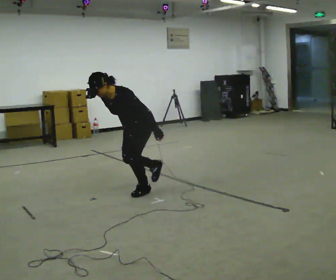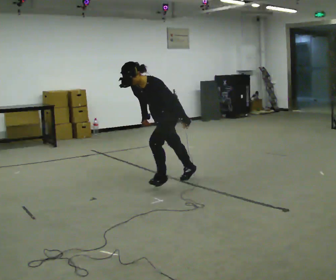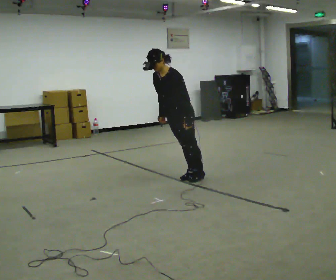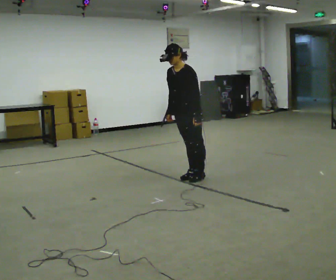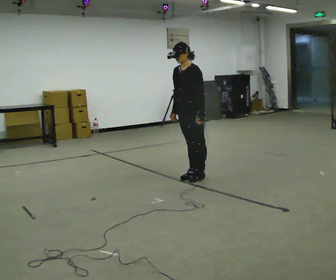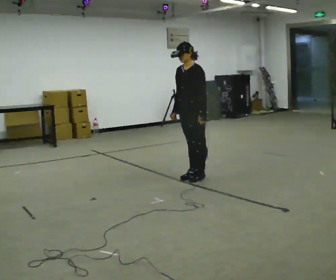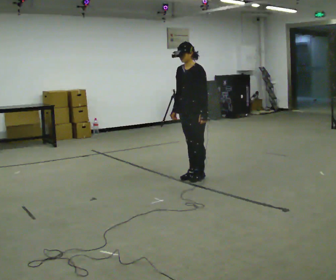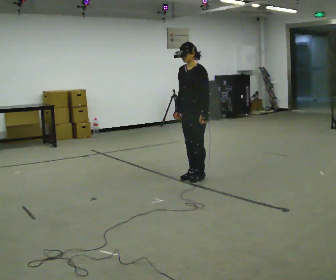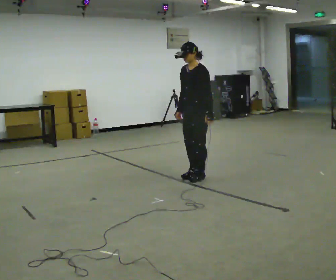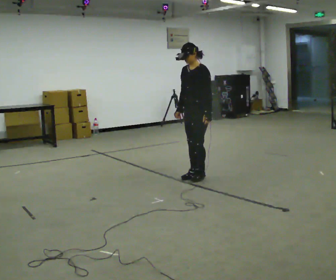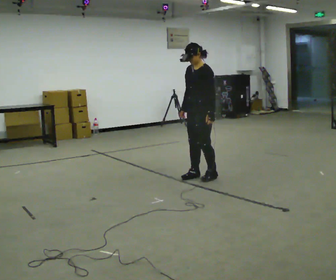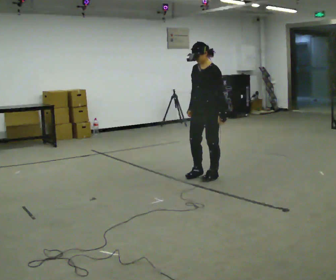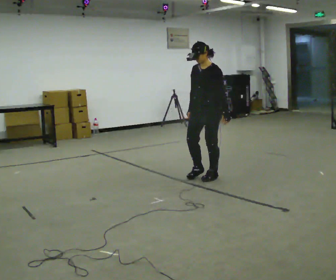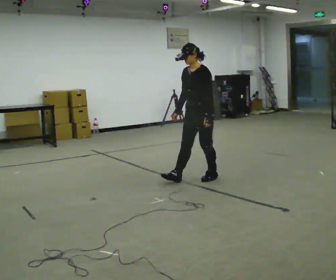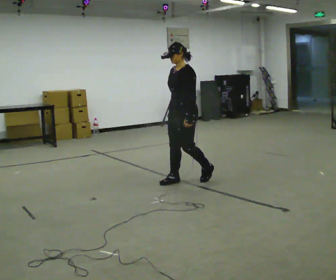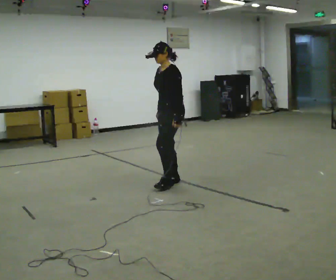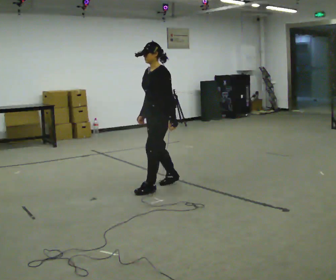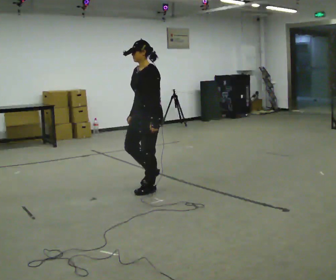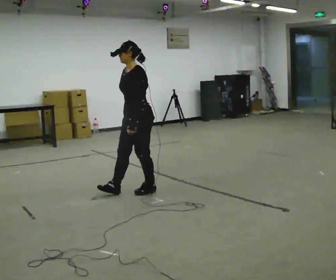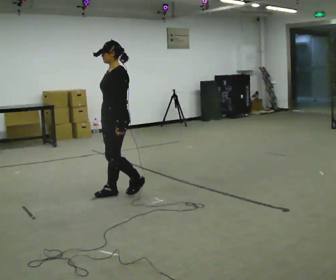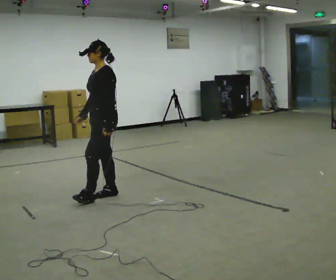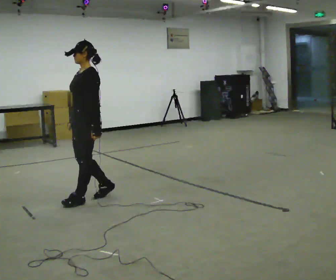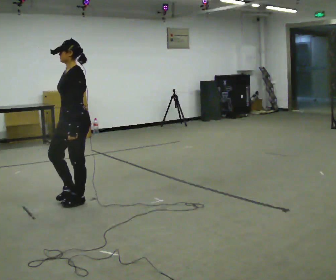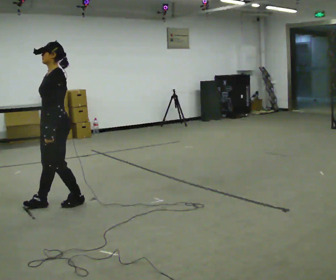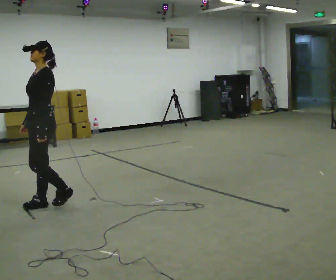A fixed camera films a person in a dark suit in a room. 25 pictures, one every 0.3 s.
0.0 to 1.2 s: In the picture they go away from the camera and to the right, about 1 m in 1 step, which for them is backward. The upper body goes upward. The upper body tips away from the camera, its near side rolling upward, as they lean back or straighten.
1.2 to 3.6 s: In the picture they go to the right, about 0.25 m in 1 step, which for them is backward and to their left.
3.6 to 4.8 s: In the picture they go to the left and toward the camera, about 0.5 m in 1 step, which for them is forward.
4.8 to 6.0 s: In the picture they go to the left and toward the camera, about 0.75 m in 2 steps, which for them is forward.
6.0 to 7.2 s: In the picture they go to the left and toward the camera, about 0.75 m in 2 steps, which for them is forward.
The film runs backward here.
